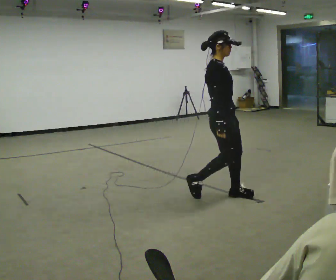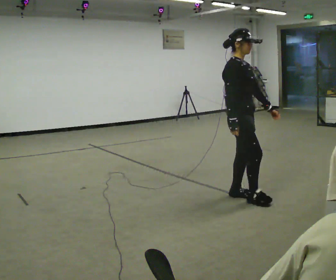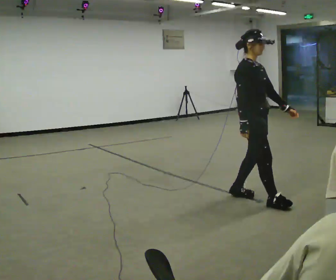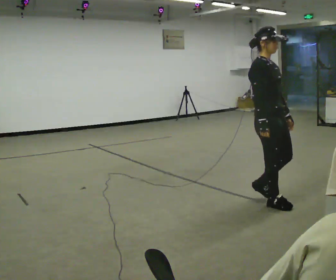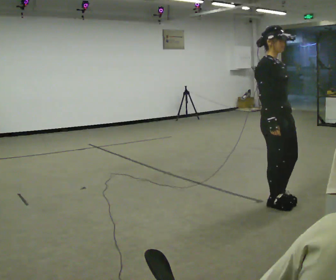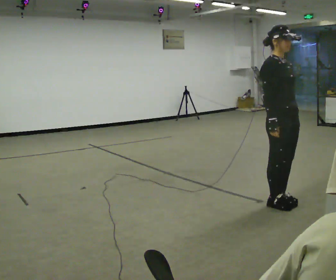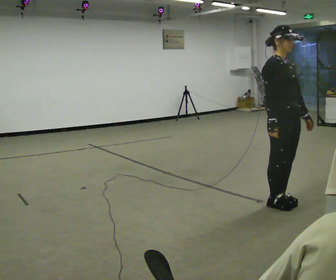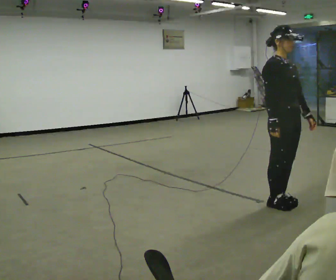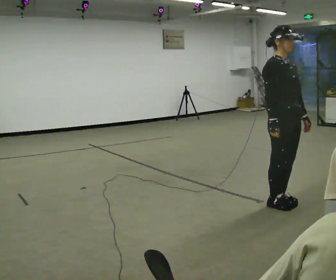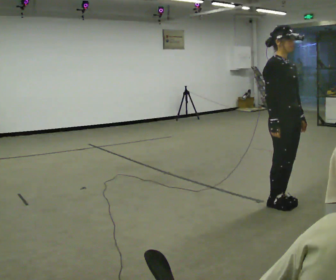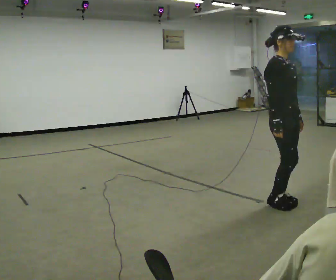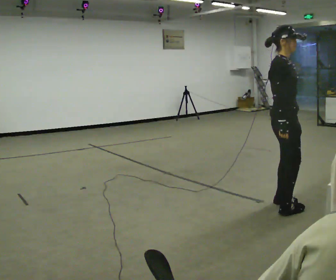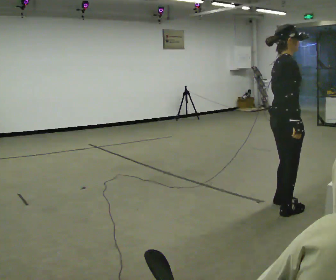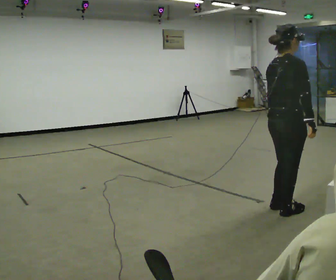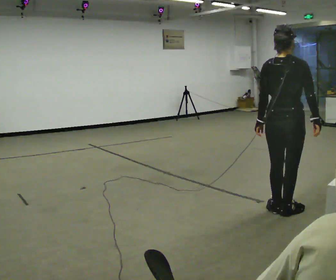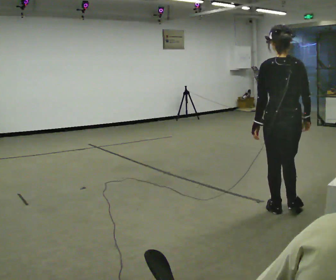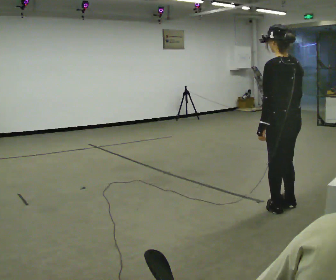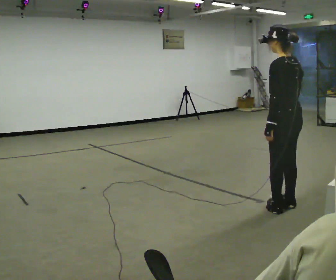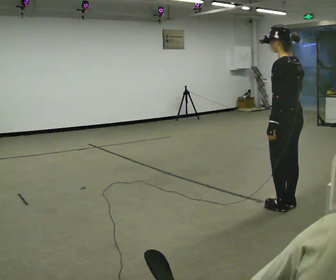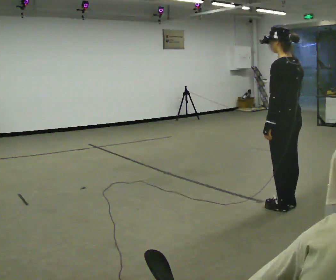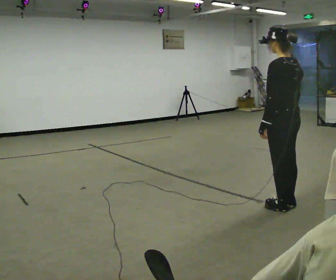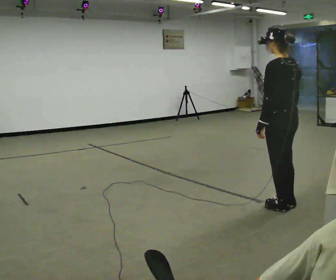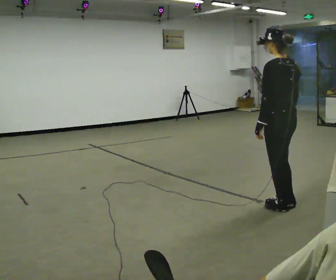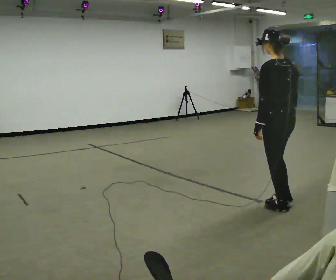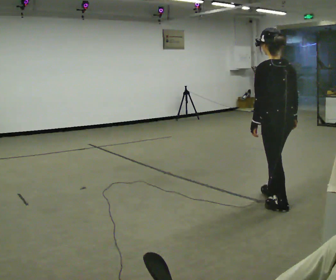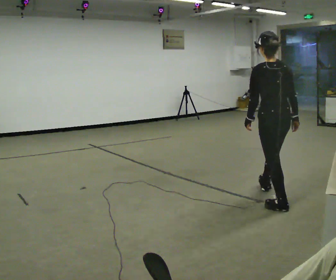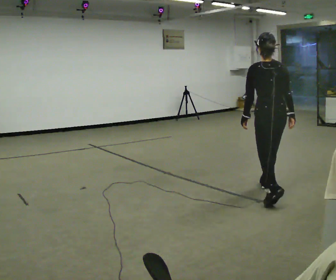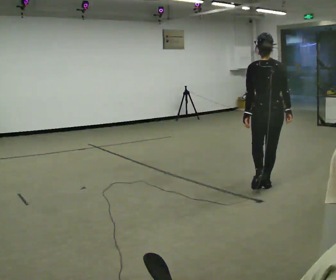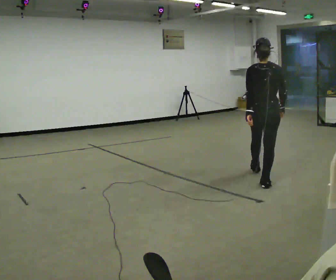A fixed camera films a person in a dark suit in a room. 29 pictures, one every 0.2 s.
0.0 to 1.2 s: The person turns about 30 degrees to their right, clockwise seen from above, so the part of the body nearest the lens slides to the left. In the picture they go to the right, about 0.5 m in 2 steps, which for them is forward.
1.2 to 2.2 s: The person moves a little, or ends about where they began.
2.2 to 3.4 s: Seen from above the body turns counterclockwise, about 165 degrees: to their left, with its near side sliding to the right.
3.4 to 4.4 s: The person moves a little, or ends about where they began.
4.4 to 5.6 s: The person turns about 45 degrees to their right, clockwise seen from above, so the part of the body nearest the lens slides to the left. In the picture they go away from the camera, about 1 m in 1 step, which for them is forward and to their right.
The film runs forward here.
